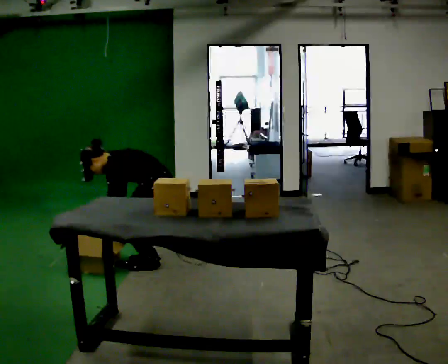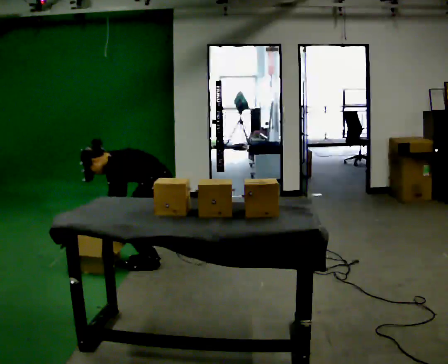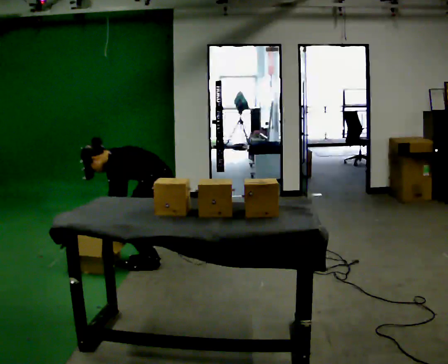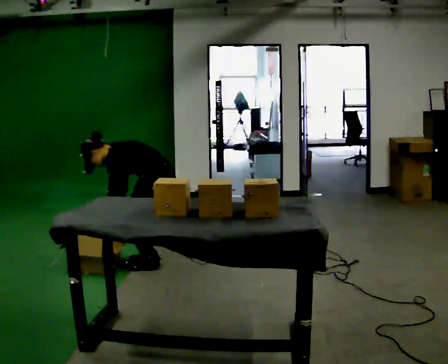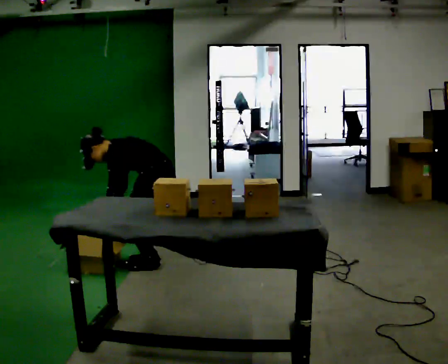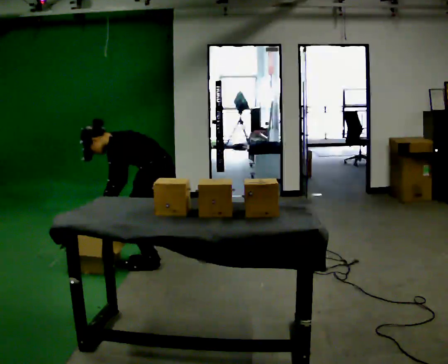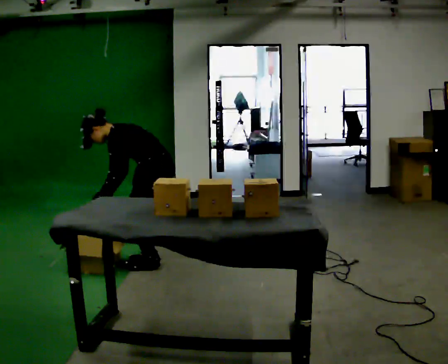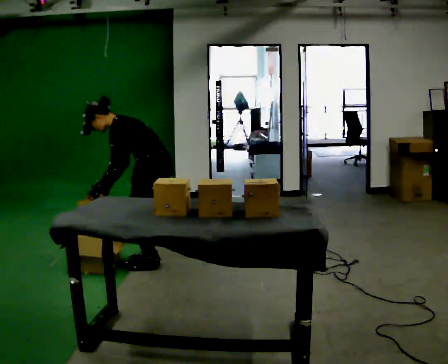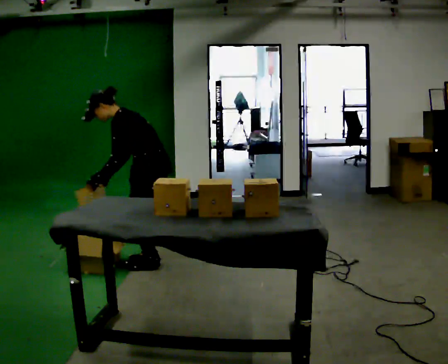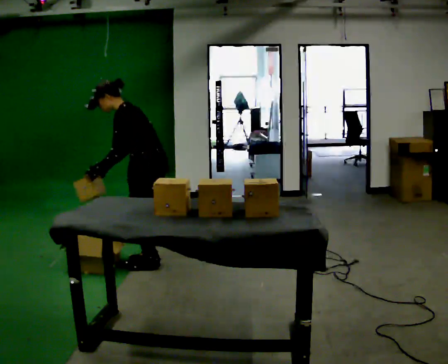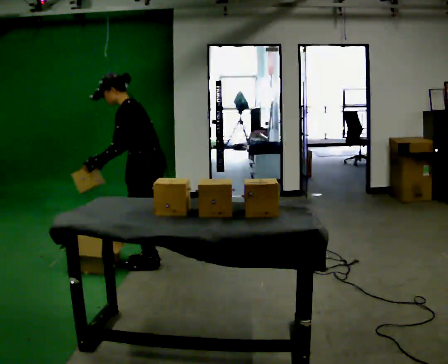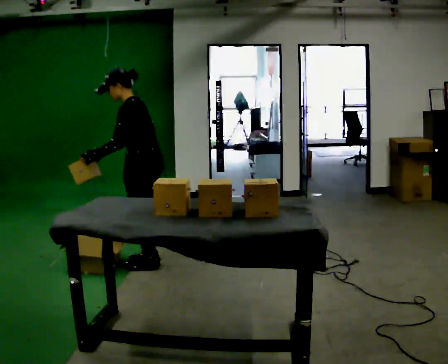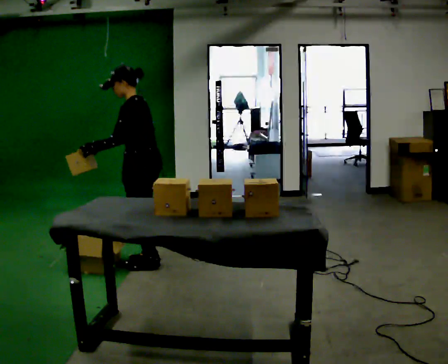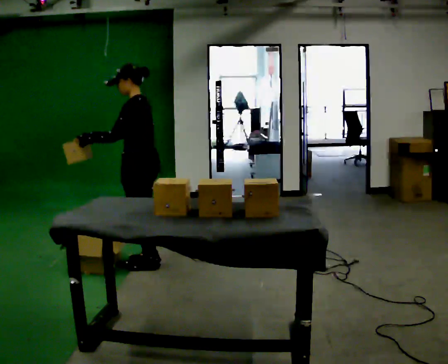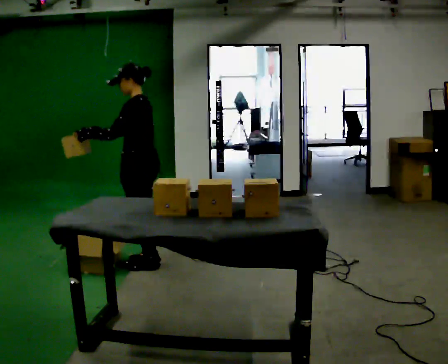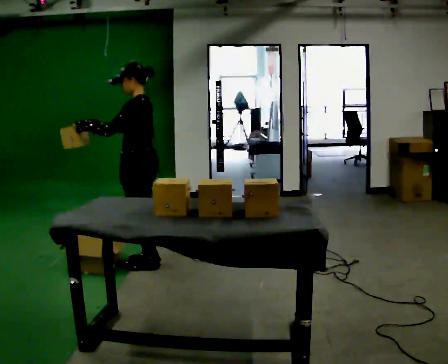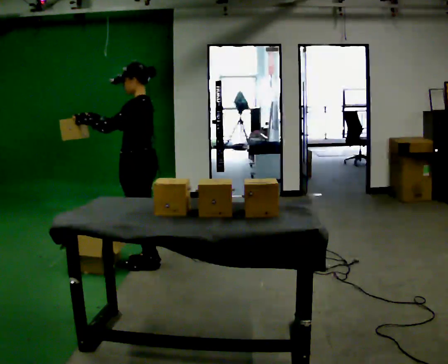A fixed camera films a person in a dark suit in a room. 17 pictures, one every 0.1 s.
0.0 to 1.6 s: The shoulders move upward. In the picture the upper body tilts clockwise, shoulders to the right, as they lean back or straighten. In the picture their right hand goes upward, the arm swinging clockwise.
The film runs forward here.
